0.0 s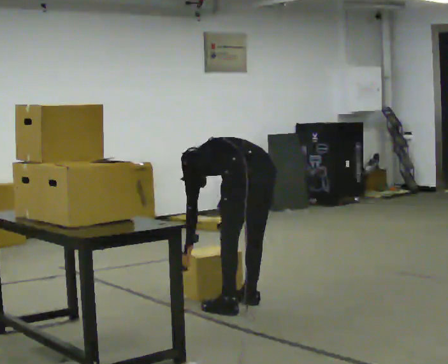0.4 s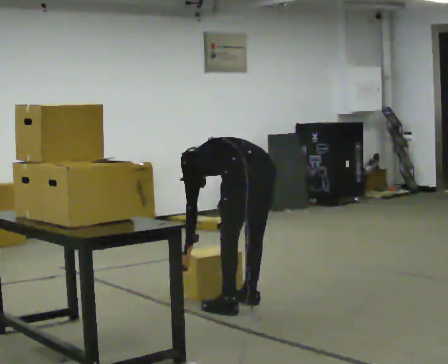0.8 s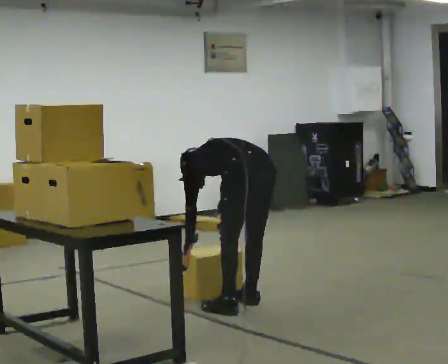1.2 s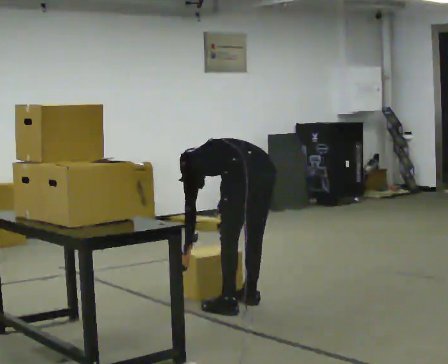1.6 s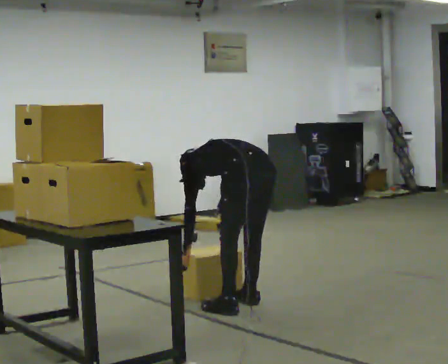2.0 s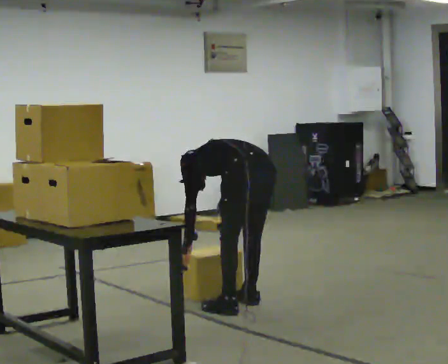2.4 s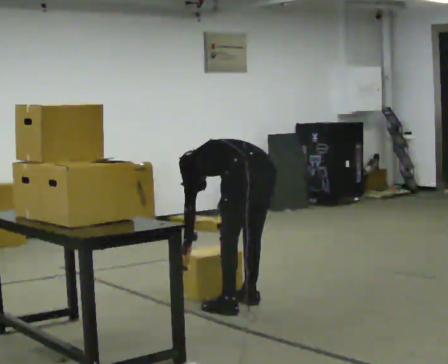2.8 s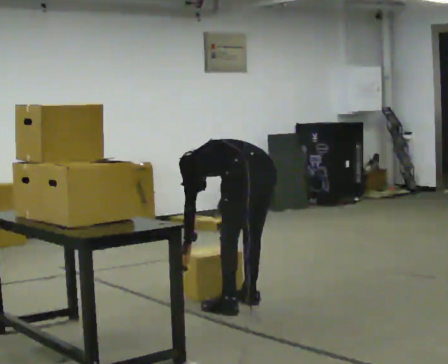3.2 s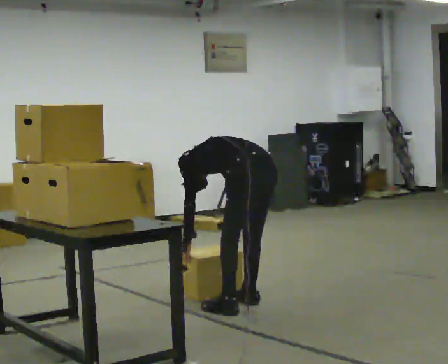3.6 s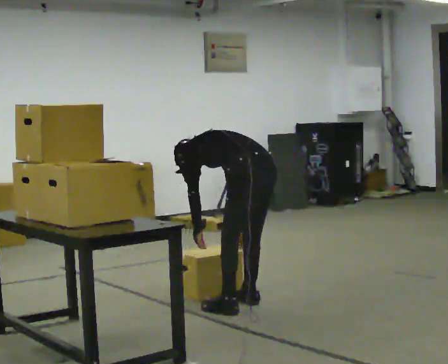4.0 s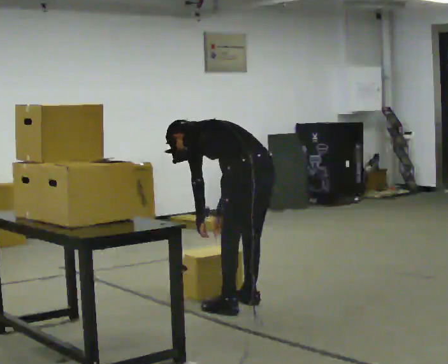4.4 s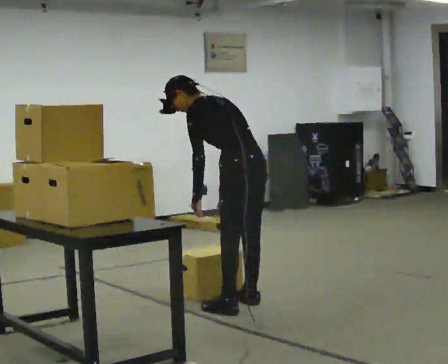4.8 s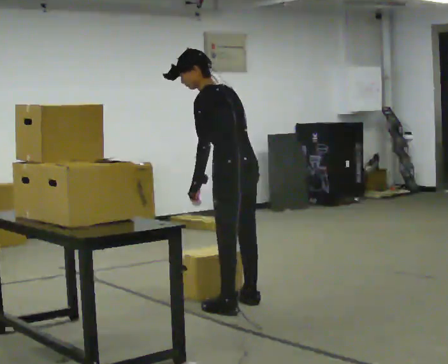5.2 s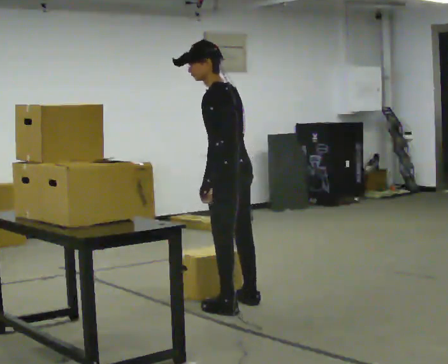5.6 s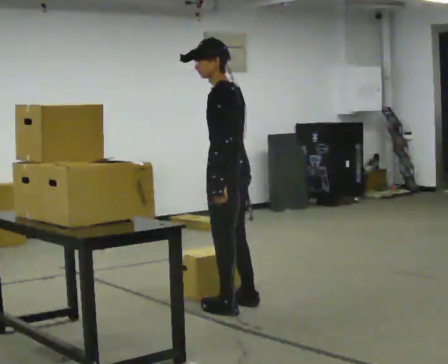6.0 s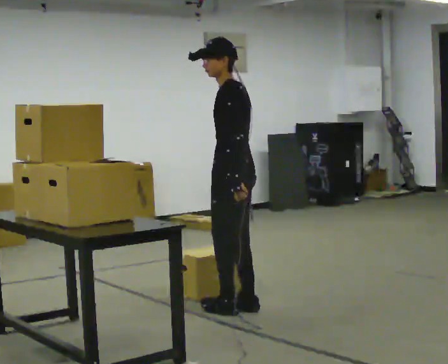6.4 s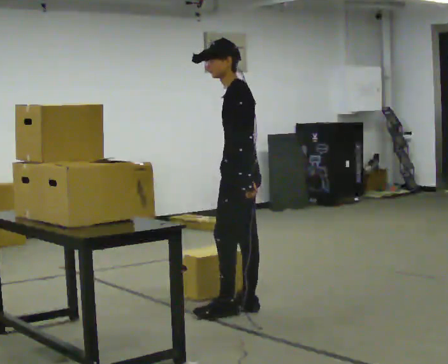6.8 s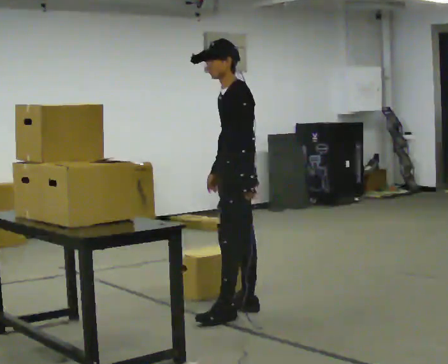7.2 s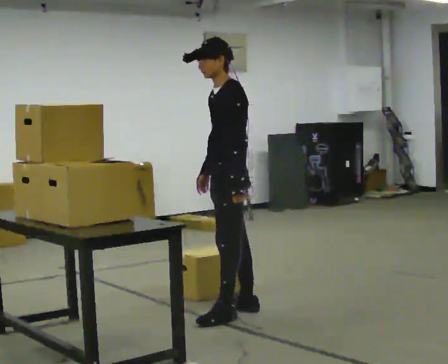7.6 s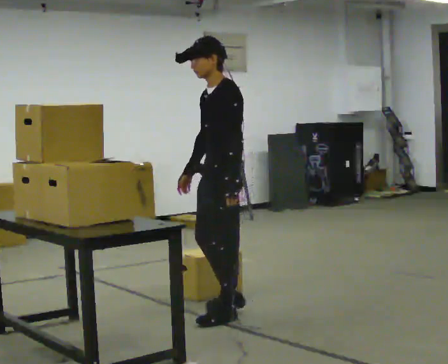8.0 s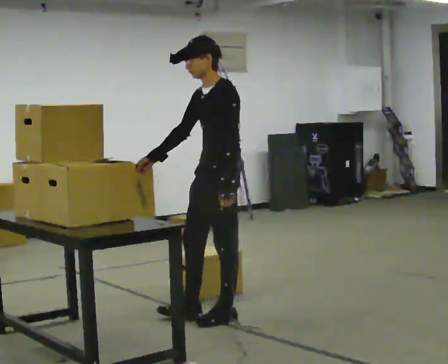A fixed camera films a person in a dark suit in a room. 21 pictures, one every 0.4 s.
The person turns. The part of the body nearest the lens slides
to the right.
The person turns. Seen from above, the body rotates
counterclockwise.
0.0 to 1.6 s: The person keeps their place and pose.
1.6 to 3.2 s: The person moves a little, or ends about where they began.
3.2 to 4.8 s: The upper body goes upward. The upper body tips toward the camera, its near side rolling downward, as they lean back or straighten. In the picture their left hand goes upward.
4.8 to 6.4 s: The person turns about 30 degrees to their left, counterclockwise seen from above, so the part of the body nearest the lens slides to the right. In the picture their left hand goes to the right.
6.4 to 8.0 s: Seen from above the body turns counterclockwise, about 30 degrees: to their left, with its near side sliding to the right. In the picture they go toward the camera, about 0.25 m in 1 step, which for them is to their left and forward.
The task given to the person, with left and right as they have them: Carry the fragile object across the room and set it down as gently as you can. Keep going until the operator says stop; one object at a time, and do not rush between trips.
The film runs forward here.
